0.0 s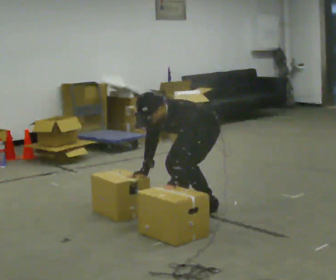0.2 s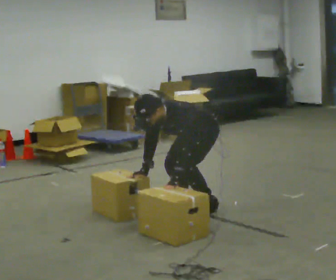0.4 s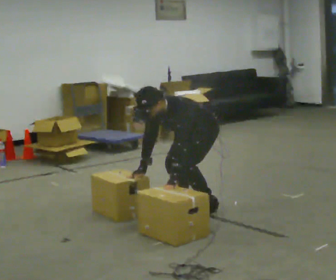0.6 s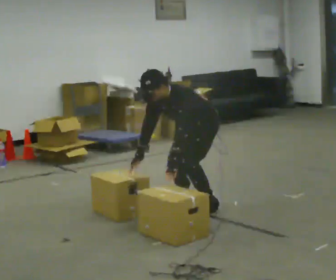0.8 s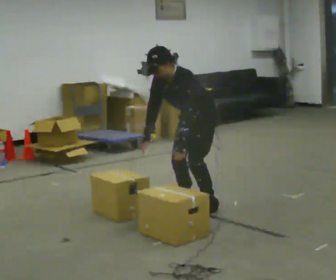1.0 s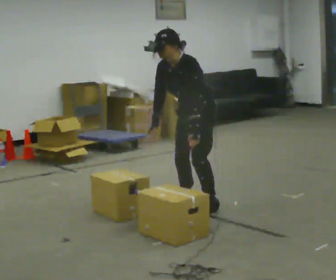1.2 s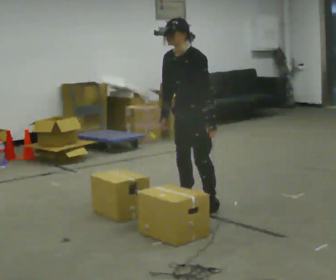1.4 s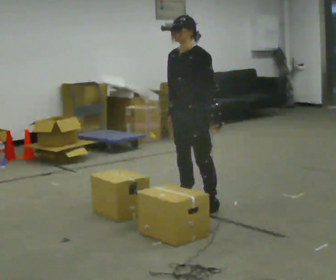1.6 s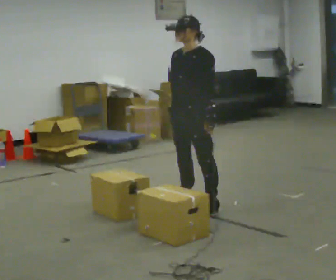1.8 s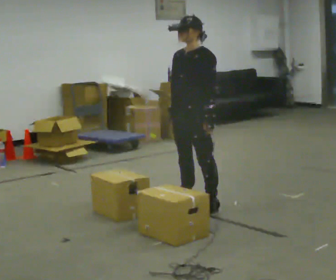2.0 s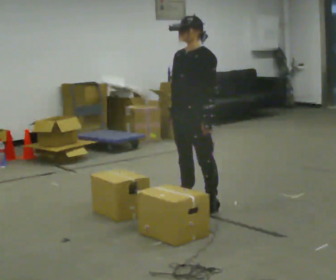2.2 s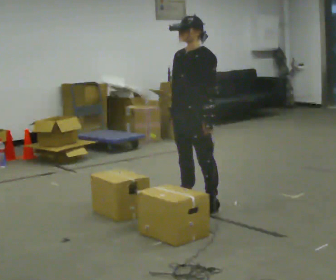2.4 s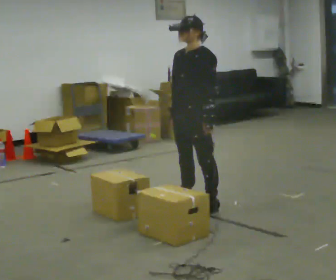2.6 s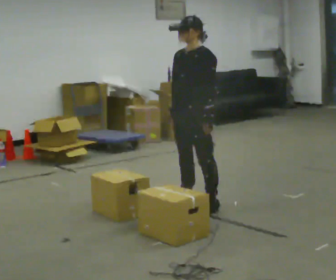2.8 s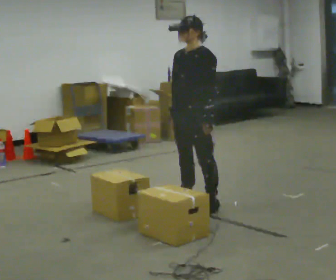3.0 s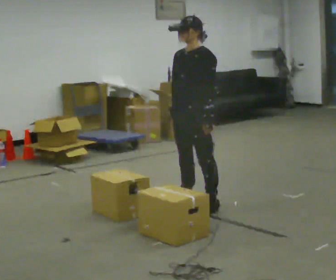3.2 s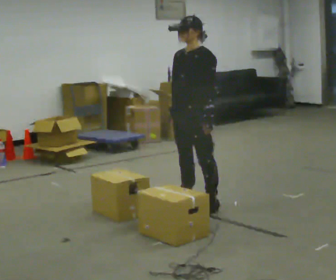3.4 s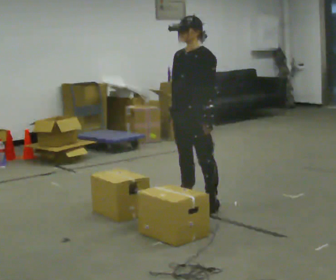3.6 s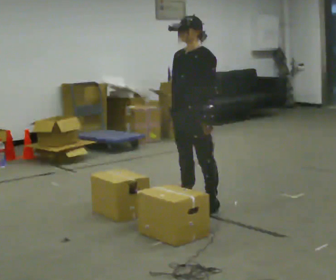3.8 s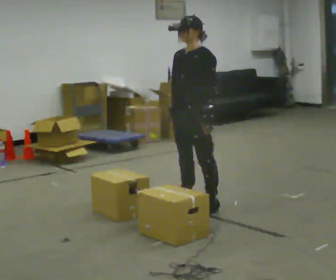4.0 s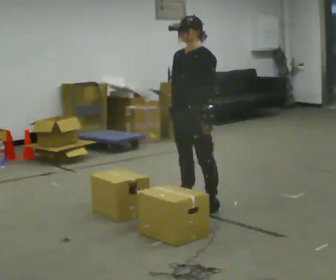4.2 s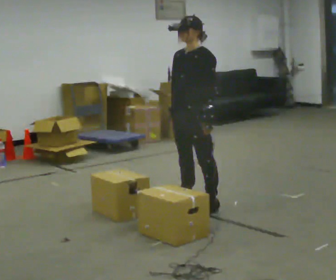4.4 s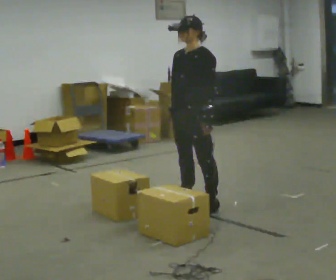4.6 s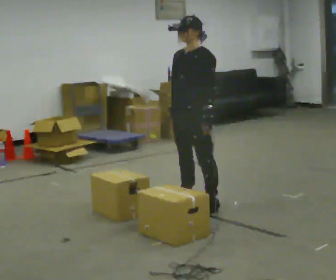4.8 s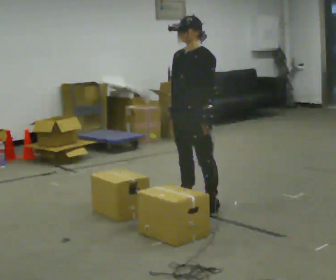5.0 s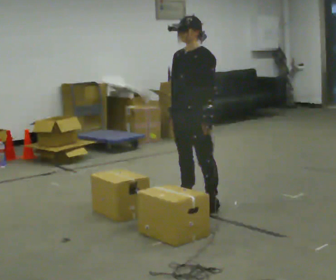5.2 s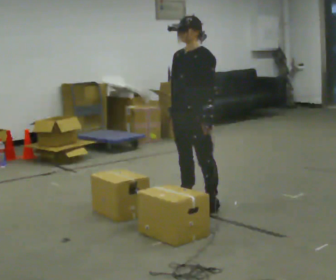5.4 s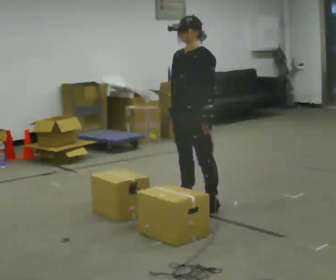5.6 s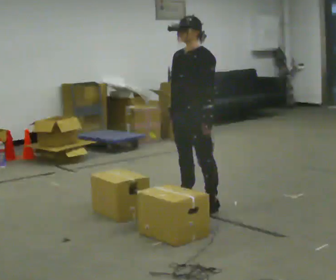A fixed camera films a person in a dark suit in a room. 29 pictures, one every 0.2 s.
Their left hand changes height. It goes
upward.
The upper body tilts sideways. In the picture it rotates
clockwise.
0.0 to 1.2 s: The shoulders move upward. In the picture the upper body tilts clockwise, shoulders to the right, as they lean back or straighten. In the picture their left hand goes upward.
1.2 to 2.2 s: In the picture the upper body tilts clockwise, shoulders to the right, as they lean back or straighten.
2.2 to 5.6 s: The person keeps their place and pose.
The film runs forward here.
